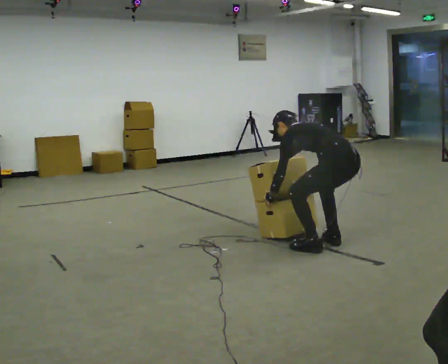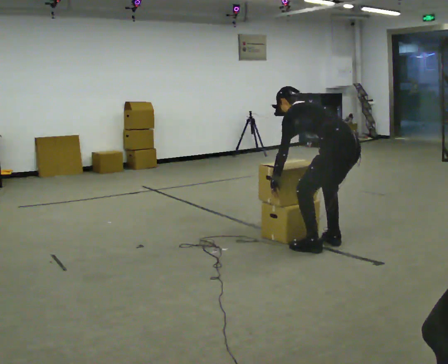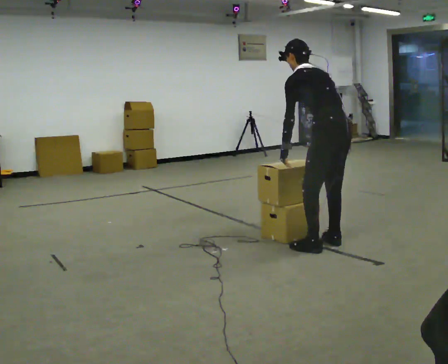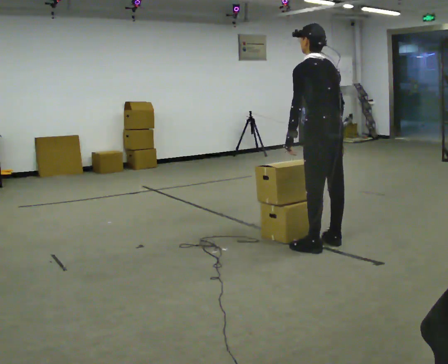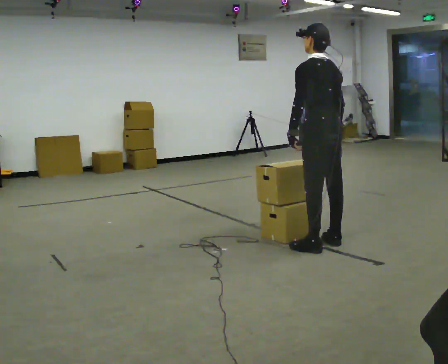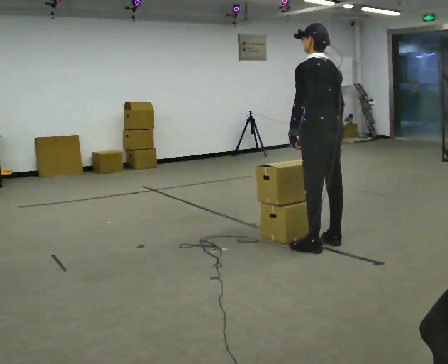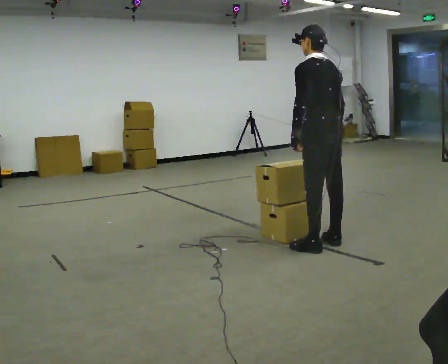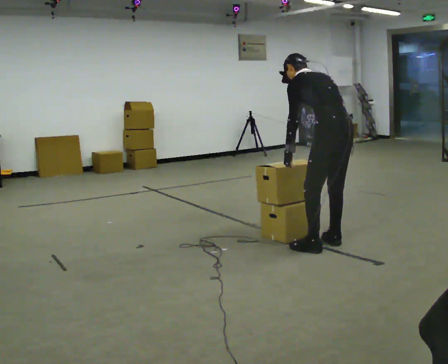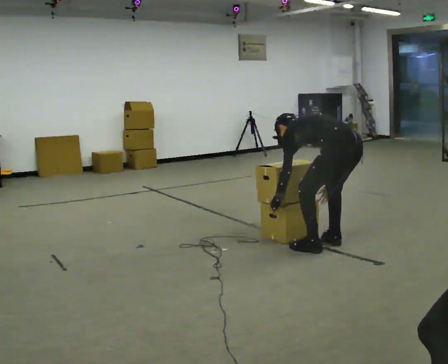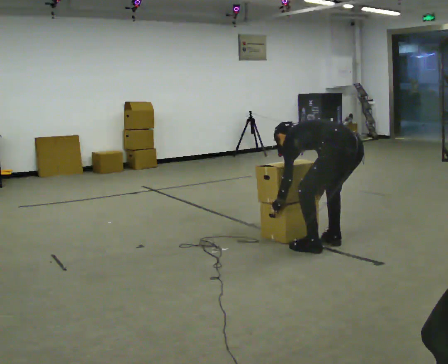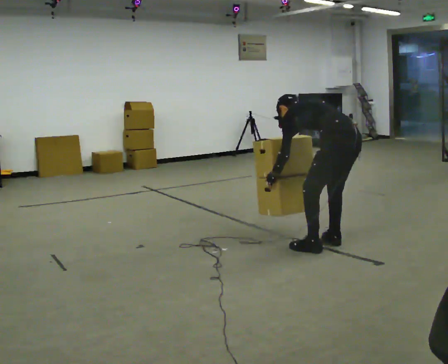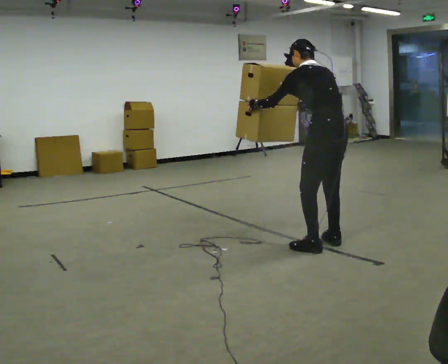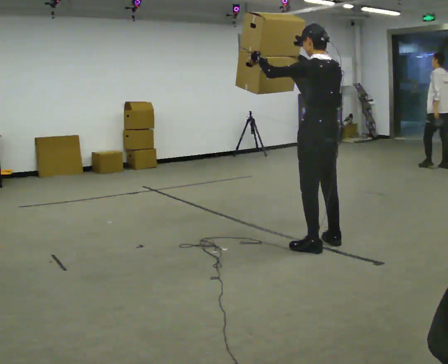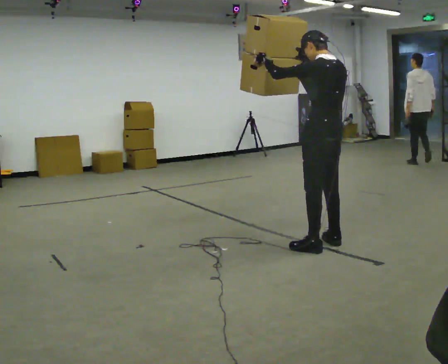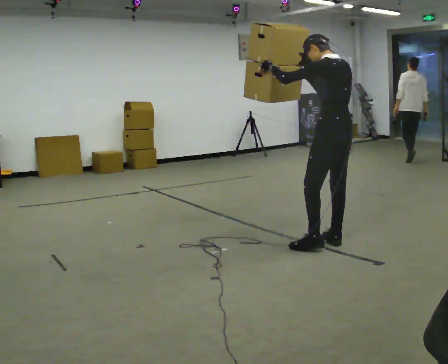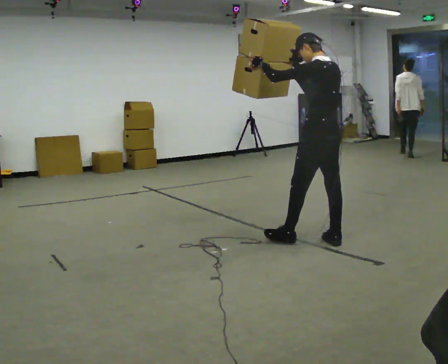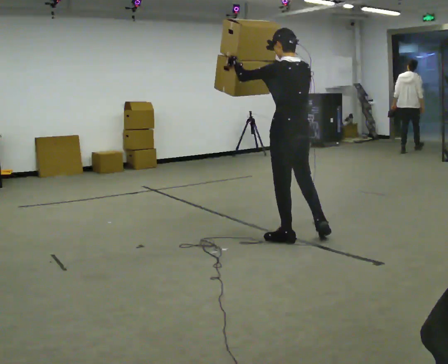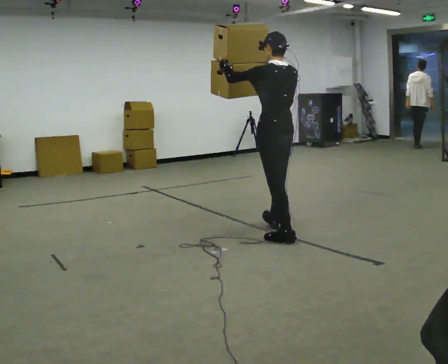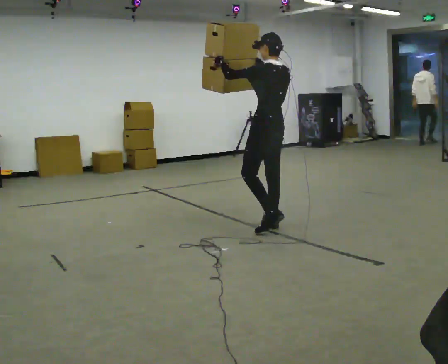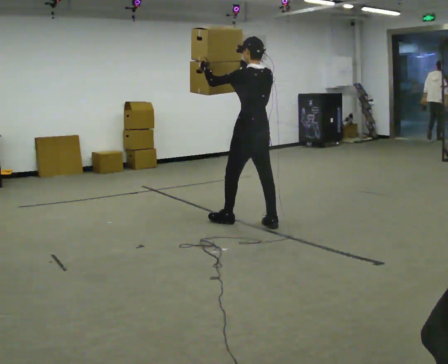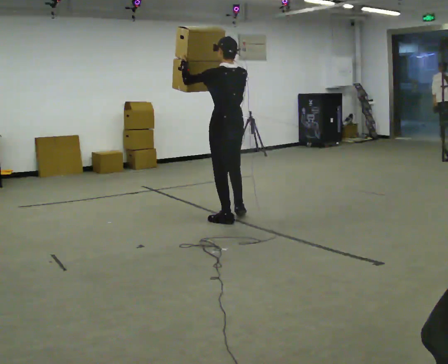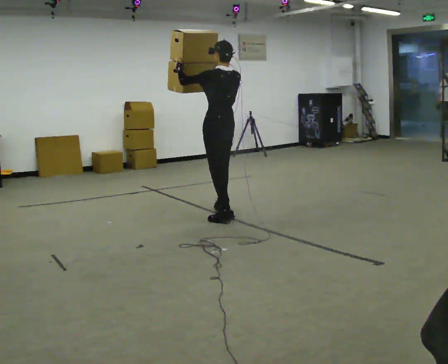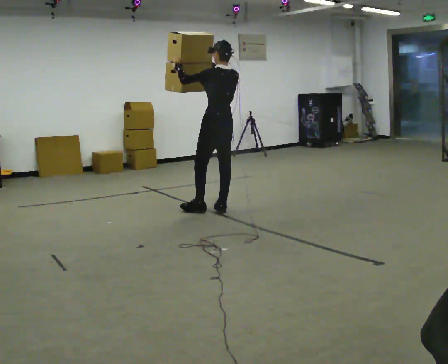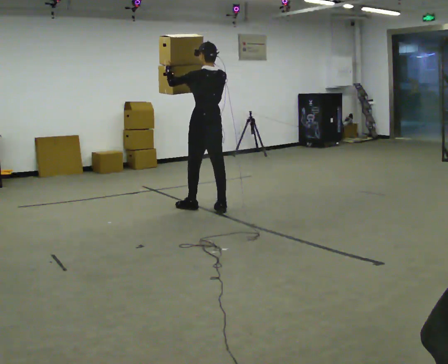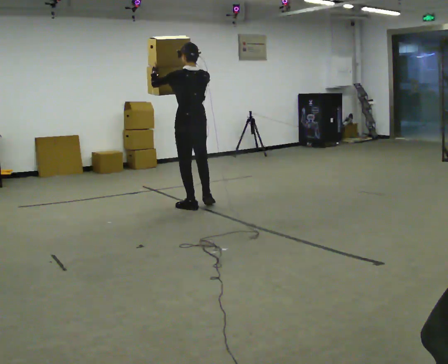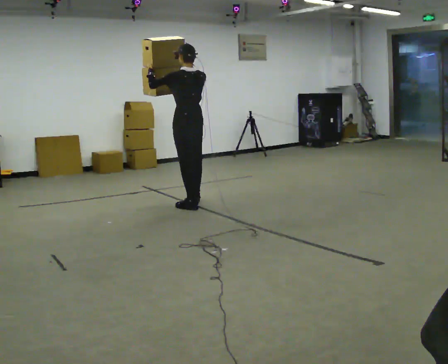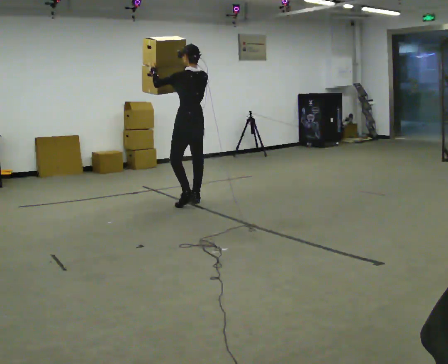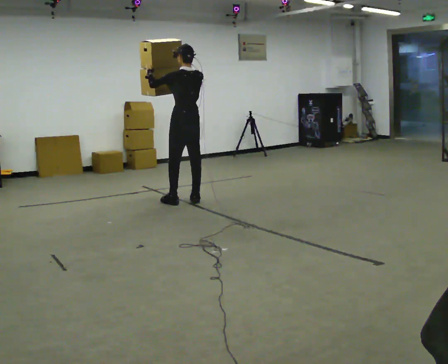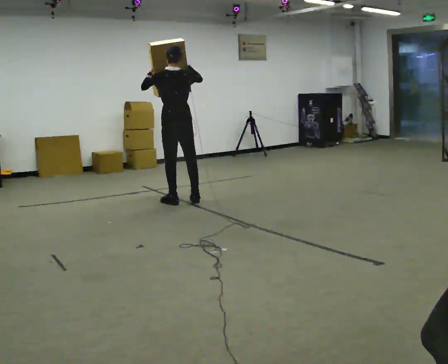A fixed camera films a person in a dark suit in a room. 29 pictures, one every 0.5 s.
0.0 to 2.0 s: The upper body goes upward. In the picture the upper body tilts clockwise, shoulders to the right, as they lean back or straighten. In the picture their right hand goes upward.
2.0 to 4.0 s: The shoulders move downward. The upper body tips away from the camera, its near side rolling upward, as they bend forward. In the picture their right hand goes downward.
4.0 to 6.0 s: In the picture they go to the left, about 0.25 m, which for them is forward. The upper body goes upward. In the picture the upper body tilts clockwise, shoulders to the right, as they lean back or straighten. In the picture their right hand goes upward.
6.0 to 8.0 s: In the picture they go to the left and away from the camera, about 0.25 m in 1 step, which for them is forward.
8.0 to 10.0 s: In the picture they go to the left and away from the camera, about 1 m in 2 steps, which for them is forward.
10.0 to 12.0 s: In the picture they go to the left and away from the camera, about 0.75 m in 2 steps, which for them is forward.
12.0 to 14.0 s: In the picture they go to the left and away from the camera, about 0.25 m in 2 steps, which for them is forward.
The film runs forward here.
